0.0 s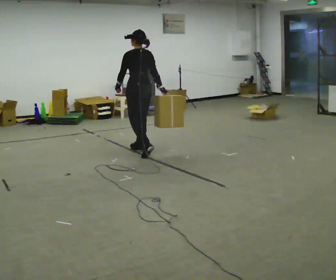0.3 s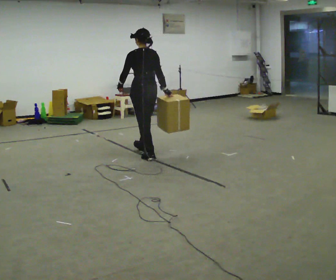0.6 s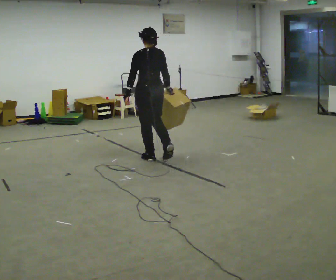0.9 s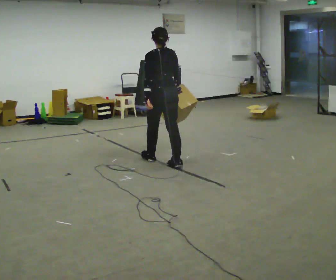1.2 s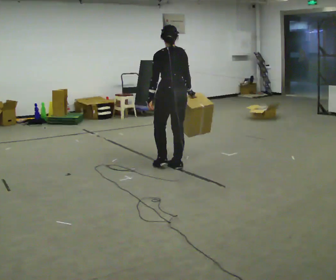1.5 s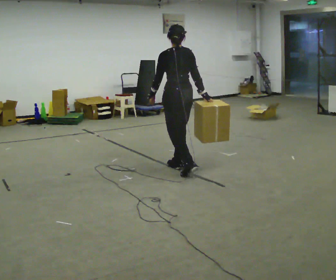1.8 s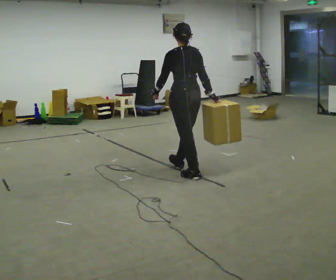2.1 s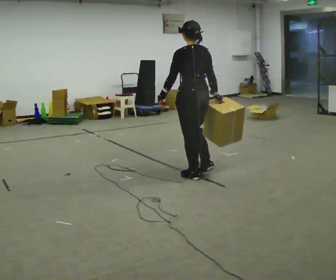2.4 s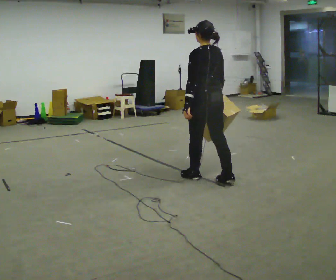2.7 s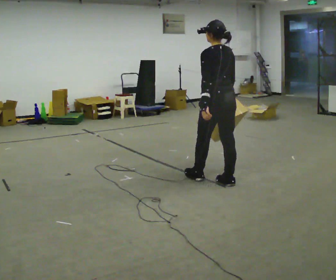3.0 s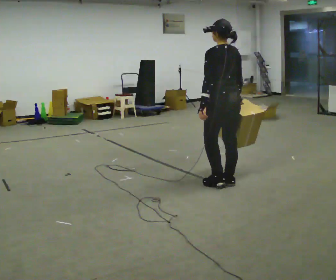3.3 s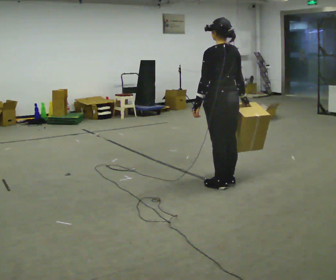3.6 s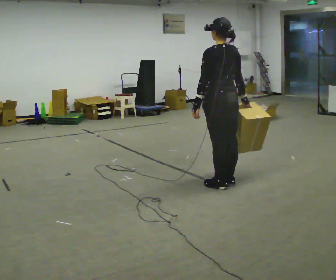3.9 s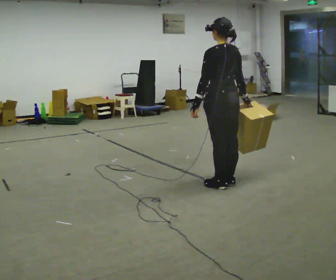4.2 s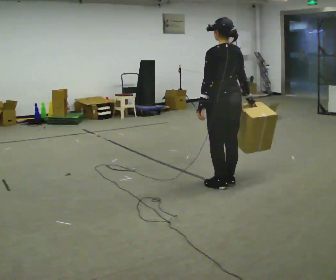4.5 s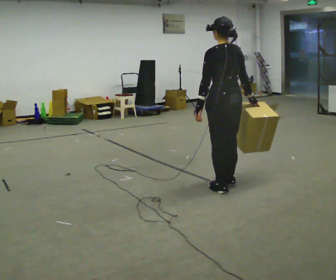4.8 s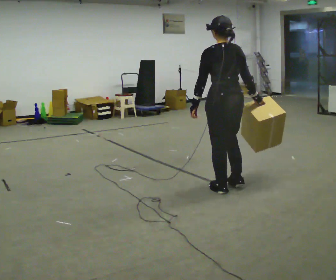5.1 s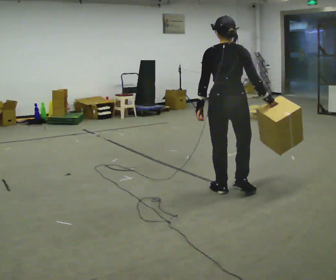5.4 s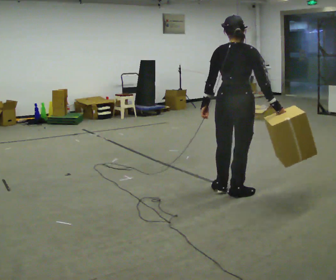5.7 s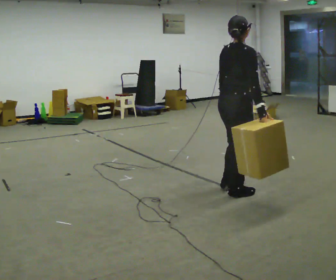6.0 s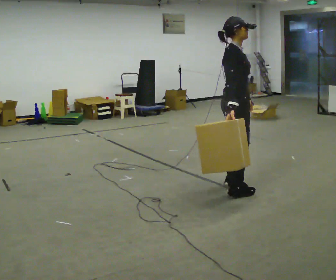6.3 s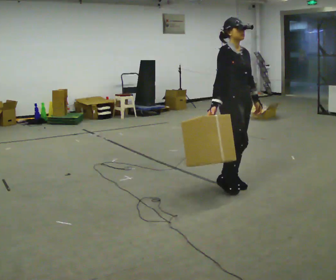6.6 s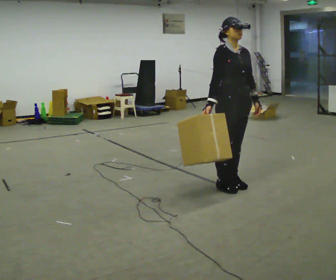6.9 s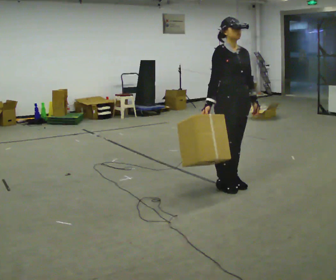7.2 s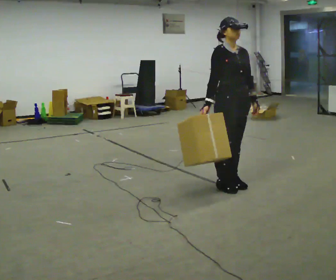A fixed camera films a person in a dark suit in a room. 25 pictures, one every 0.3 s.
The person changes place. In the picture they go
to the right.
The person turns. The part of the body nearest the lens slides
to the left.
0.0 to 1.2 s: In the picture they go to the right and toward the camera, about 1 m in 2 steps, which for them is backward.
1.2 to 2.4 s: In the picture they go to the right and toward the camera, about 0.5 m in 1 step, which for them is backward.
2.4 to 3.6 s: In the picture they go to the right, about 0.25 m in 1 step, which for them is backward.
3.6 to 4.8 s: The person moves a little, or ends about where they began.
4.8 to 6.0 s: Seen from above the body turns clockwise, about 120 degrees: to their right, with its near side sliding to the left.
6.0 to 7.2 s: The person turns about 45 degrees to their right, clockwise seen from above, so the part of the body nearest the lens slides to the left.
The film runs backward here.
